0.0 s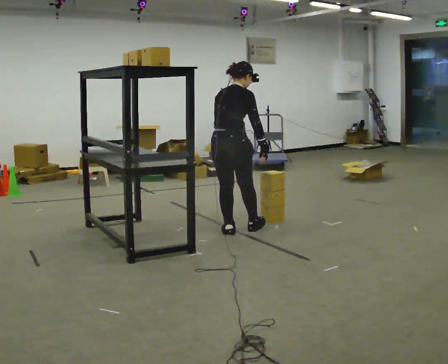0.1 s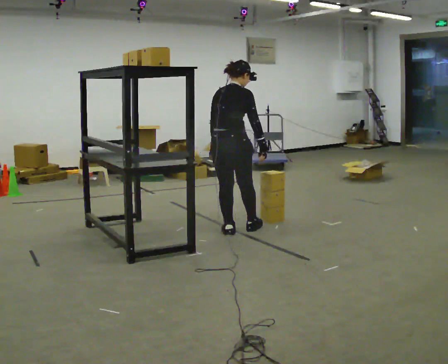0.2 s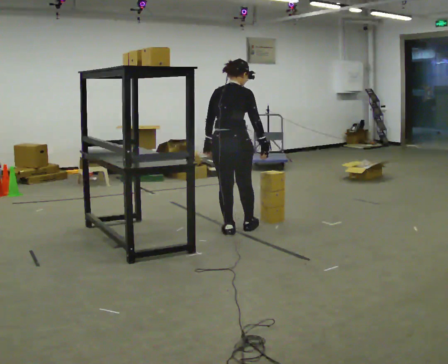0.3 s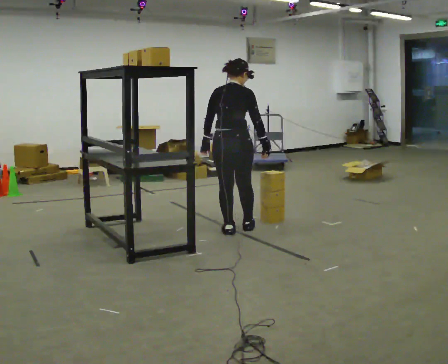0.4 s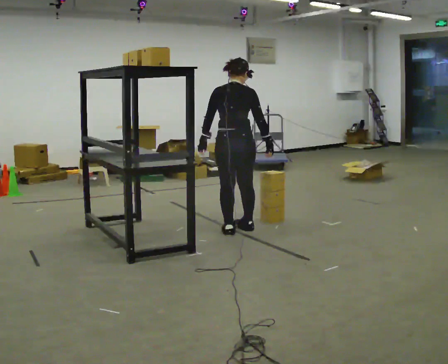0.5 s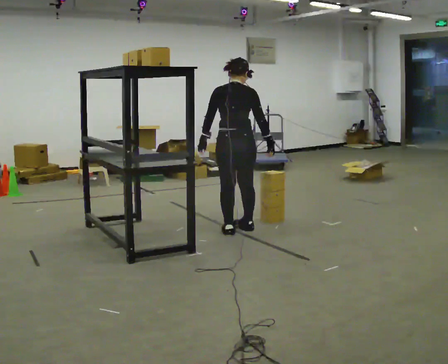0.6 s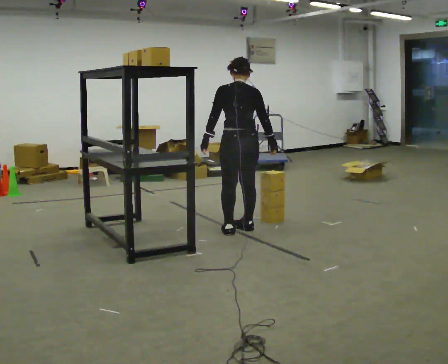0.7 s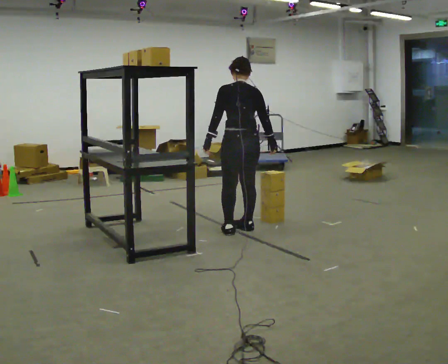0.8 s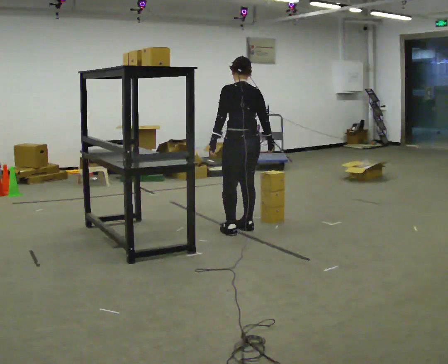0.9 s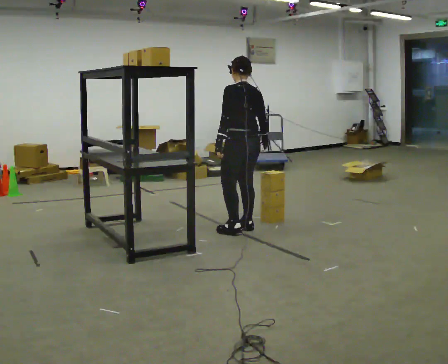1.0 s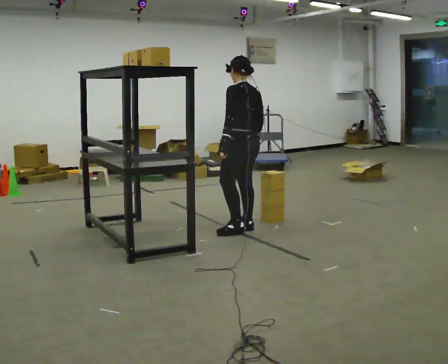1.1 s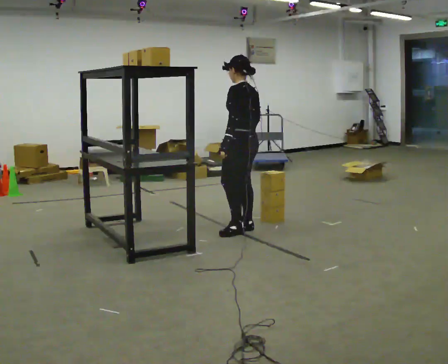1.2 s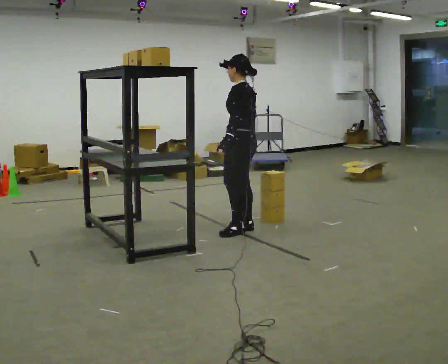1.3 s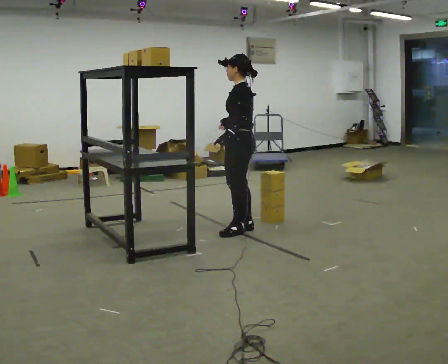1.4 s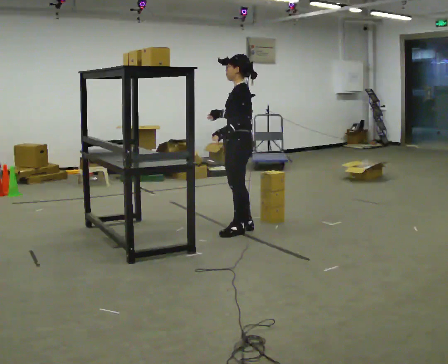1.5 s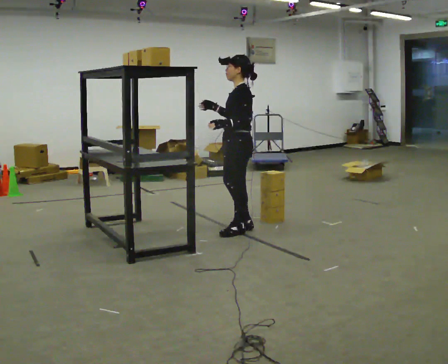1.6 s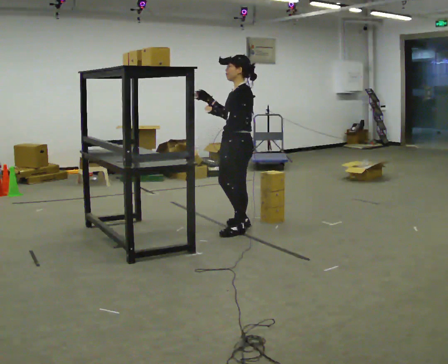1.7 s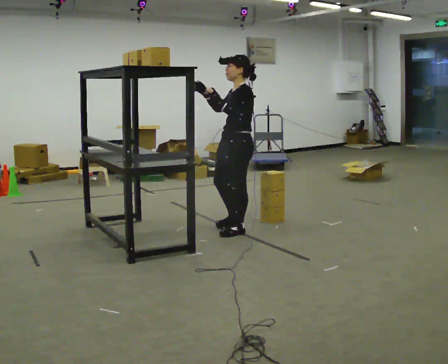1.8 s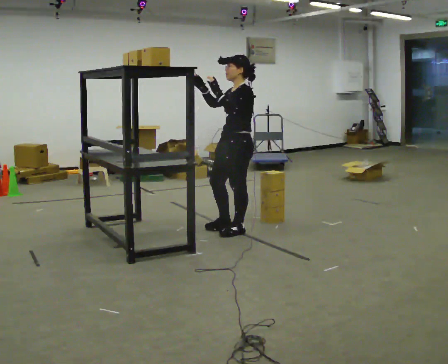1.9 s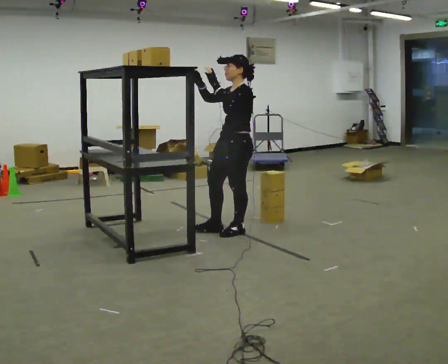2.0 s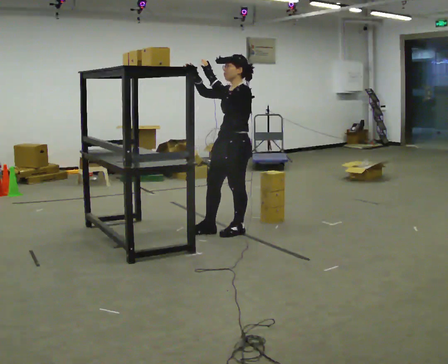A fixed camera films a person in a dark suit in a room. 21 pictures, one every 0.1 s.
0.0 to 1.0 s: The part of the body nearest the lens slides to the right as the person turns to their left by about 75 degrees.
1.0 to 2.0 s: The person turns about 60 degrees to their left, counterclockwise seen from above, so the part of the body nearest the lens slides to the right. In the picture their right hand goes to the left and upward.
The film runs backward here.
